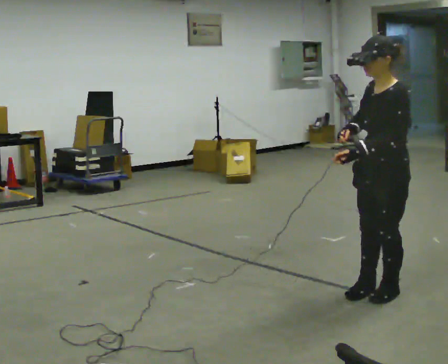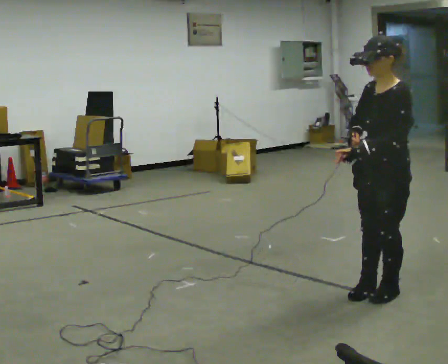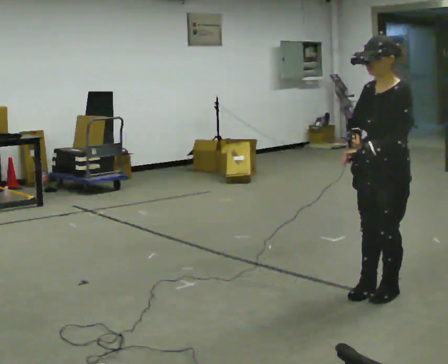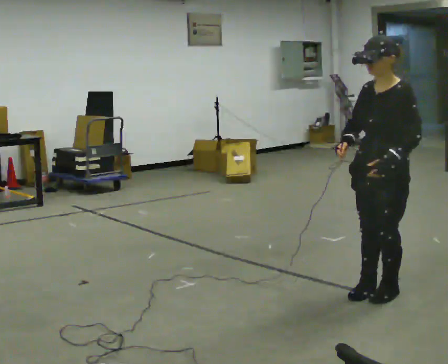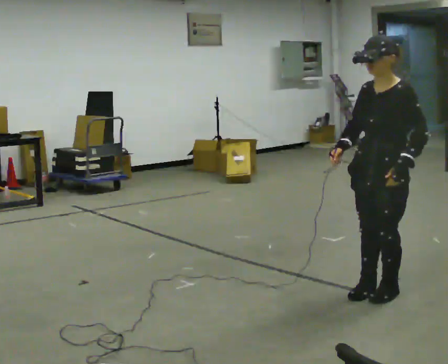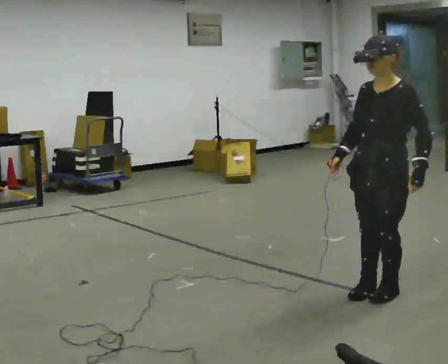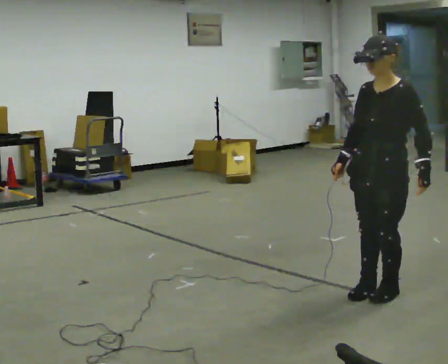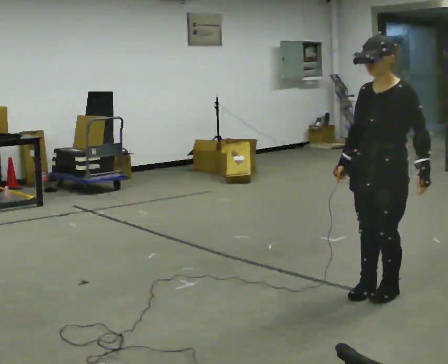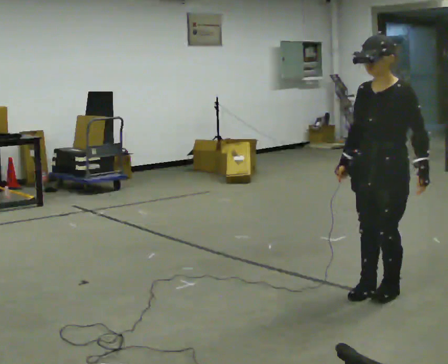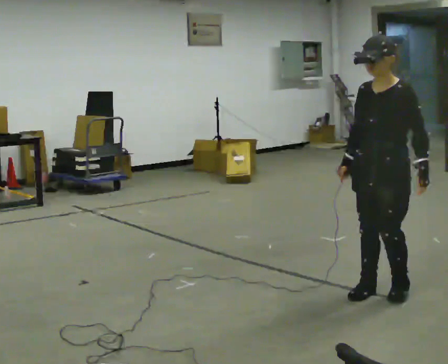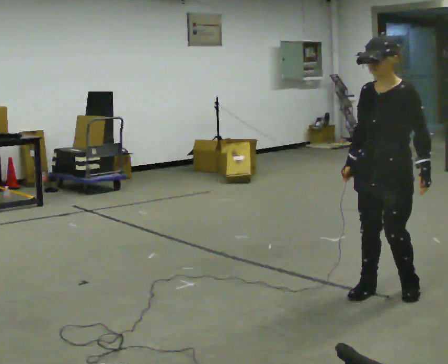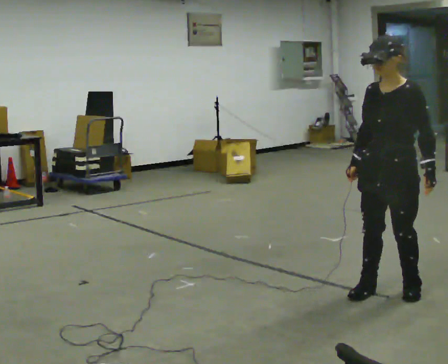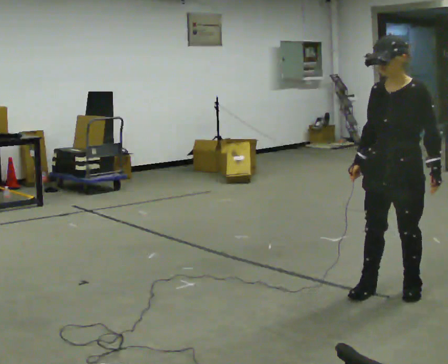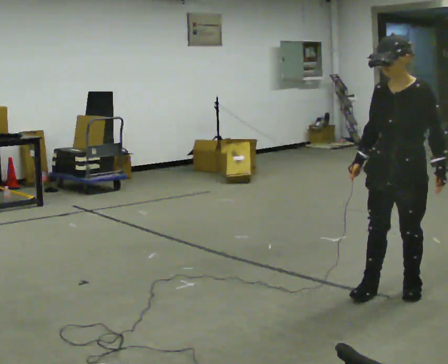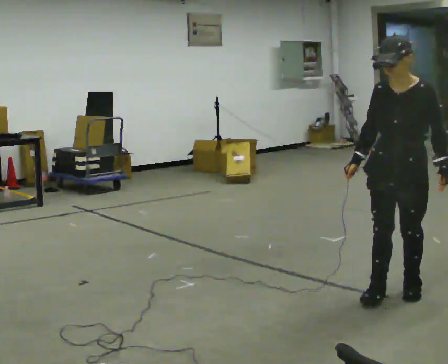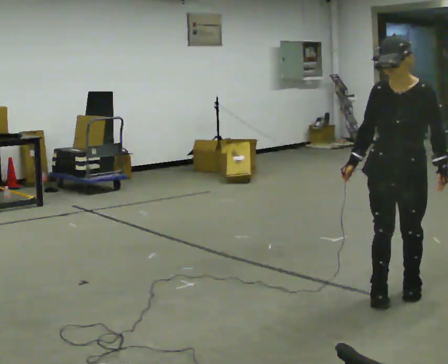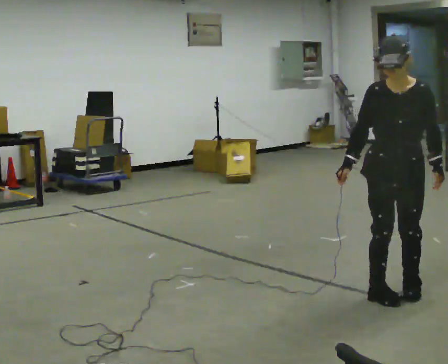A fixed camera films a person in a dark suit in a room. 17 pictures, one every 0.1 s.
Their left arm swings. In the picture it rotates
counterclockwise.
0.0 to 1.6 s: The part of the body nearest the lens slides to the right as the person turns to their left by about 45 degrees. In the picture their left hand goes to the right, the arm swinging counterclockwise.
The film runs backward here.
